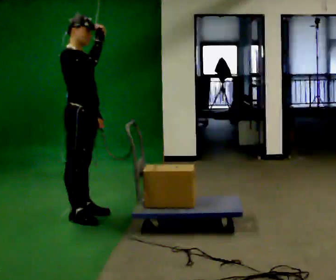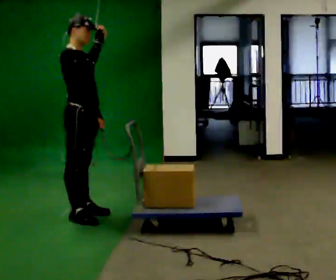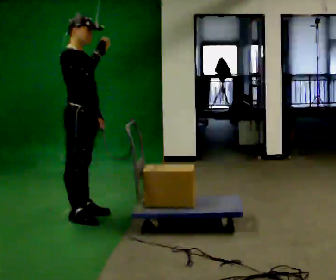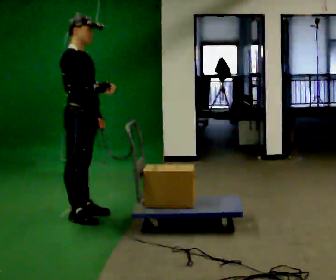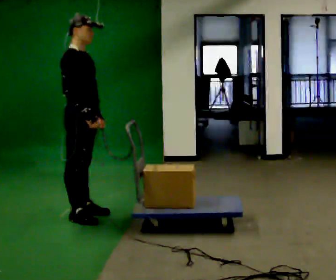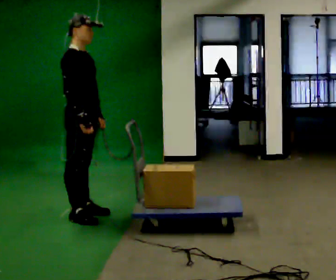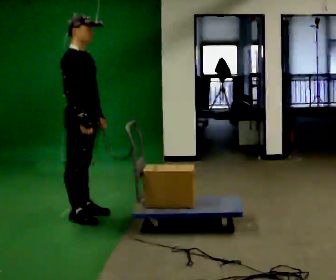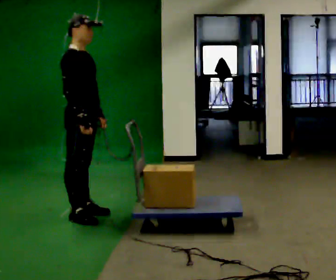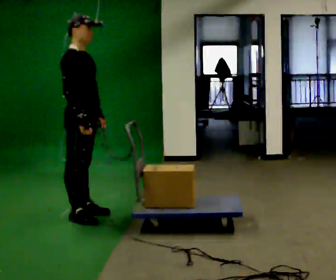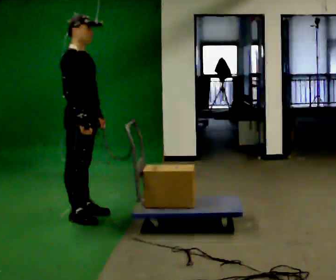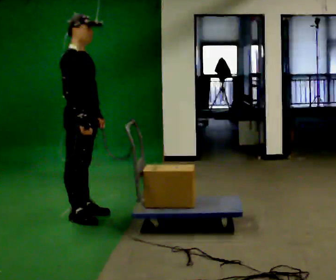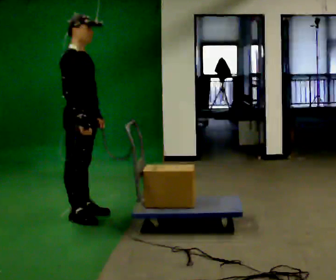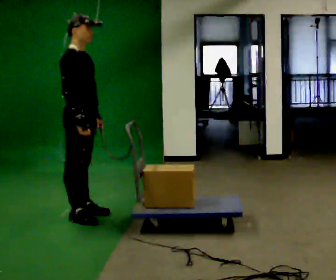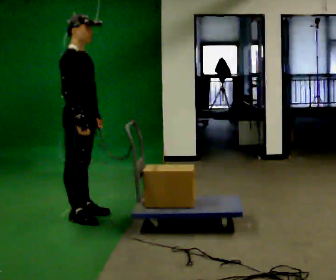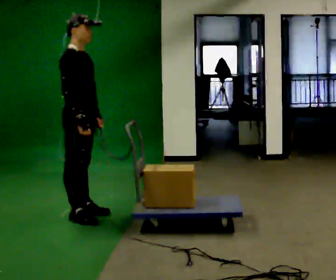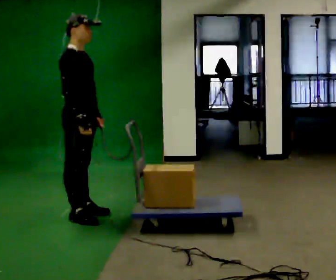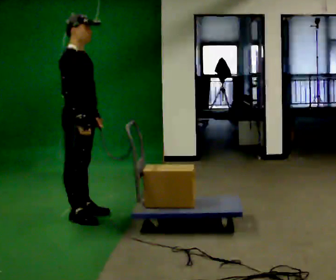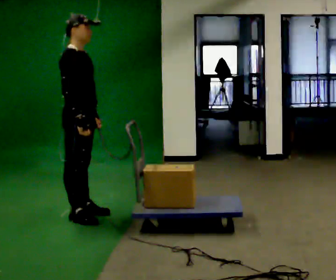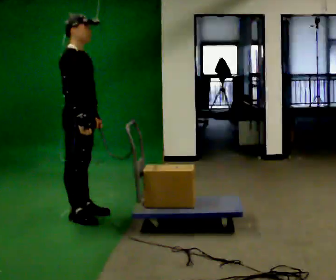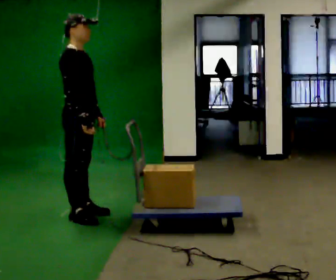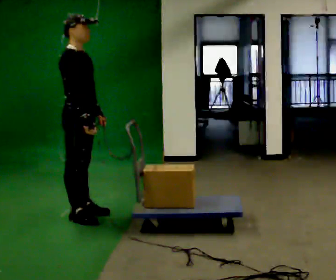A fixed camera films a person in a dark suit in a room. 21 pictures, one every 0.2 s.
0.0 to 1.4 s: In the picture their right hand goes downward.
1.4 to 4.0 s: The person moves a little, or ends about where they began.
The film runs backward here.
